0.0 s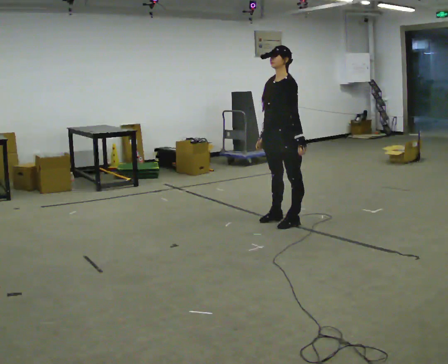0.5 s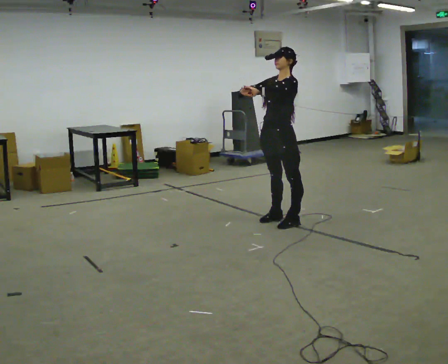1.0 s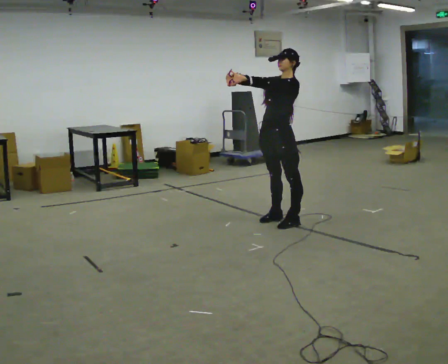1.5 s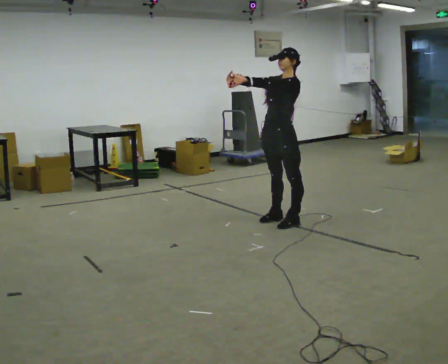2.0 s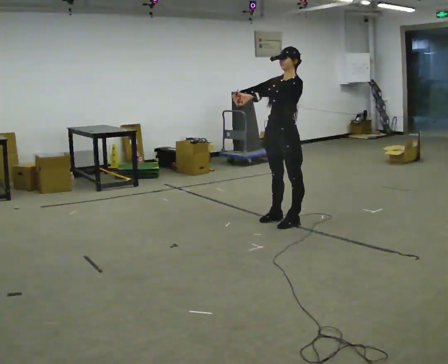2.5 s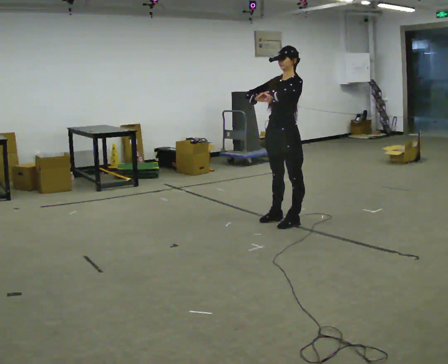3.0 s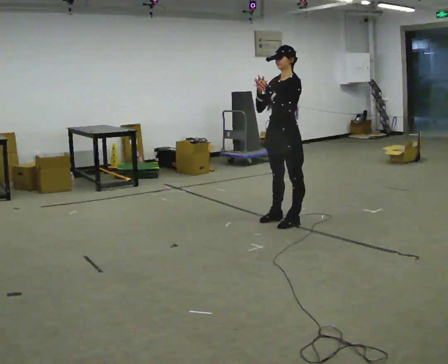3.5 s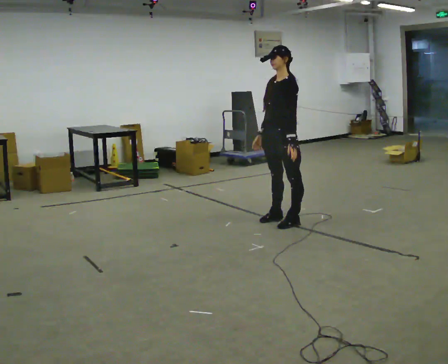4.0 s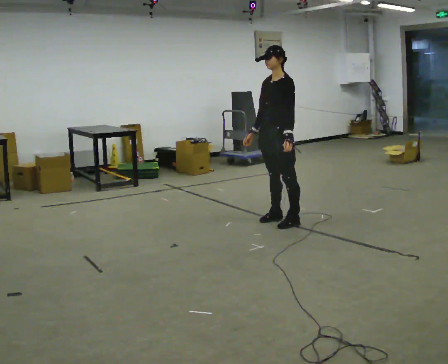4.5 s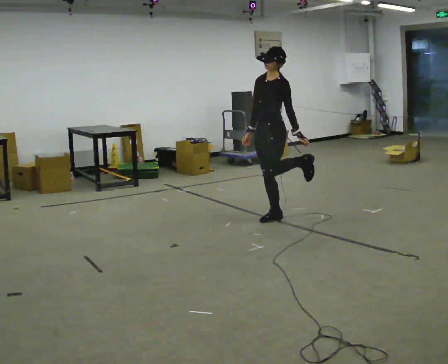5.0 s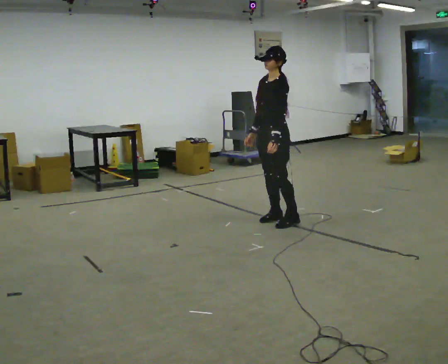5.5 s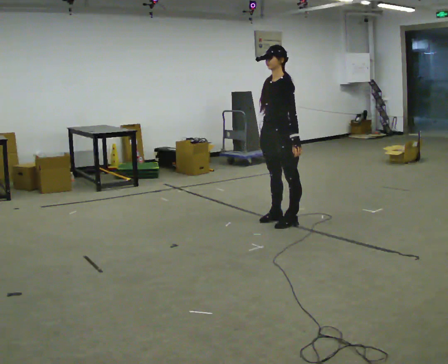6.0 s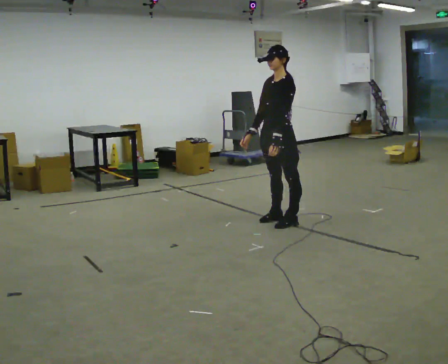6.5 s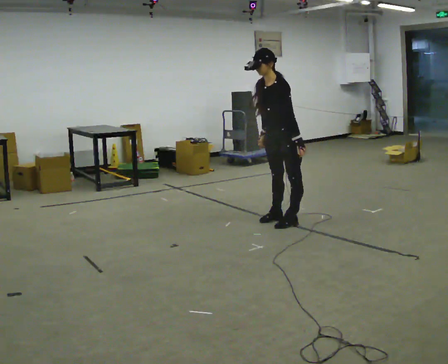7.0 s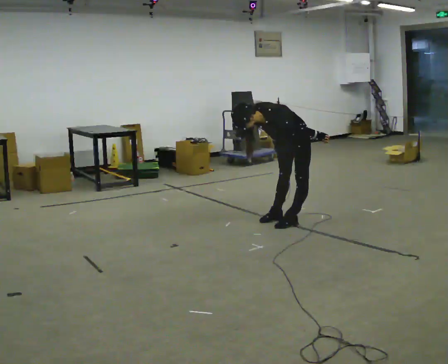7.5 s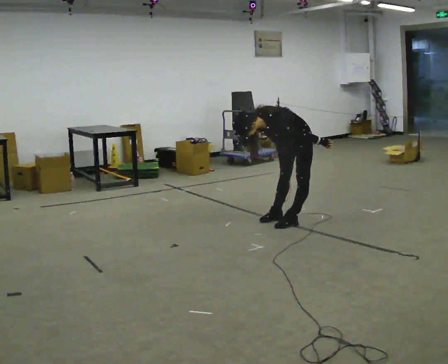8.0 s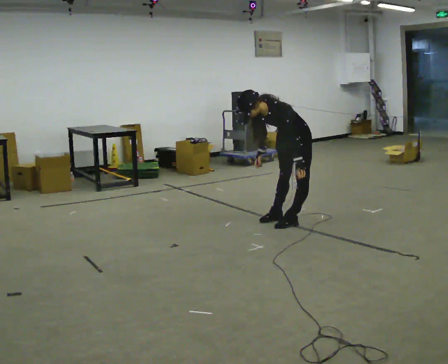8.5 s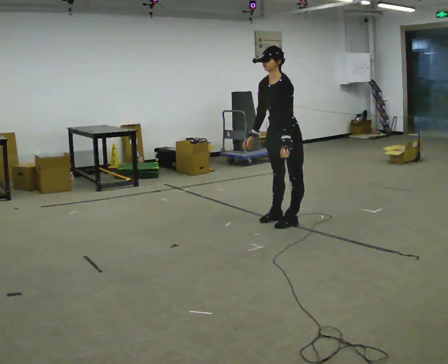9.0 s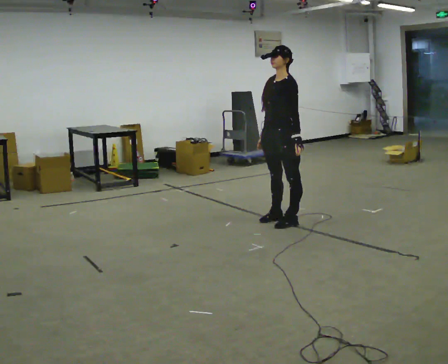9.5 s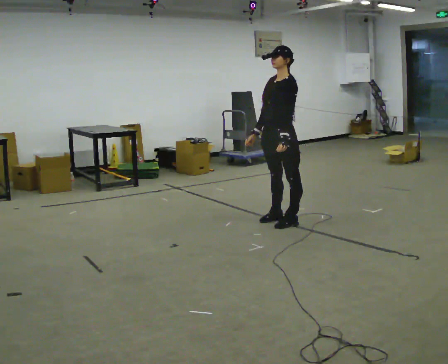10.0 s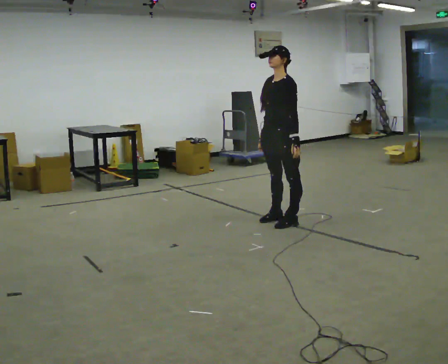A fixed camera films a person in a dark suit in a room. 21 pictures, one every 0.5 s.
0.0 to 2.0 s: In the picture their right hand goes upward.
2.0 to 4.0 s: In the picture their right hand goes downward.
4.0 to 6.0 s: The person moves a little, or ends about where they began.
6.0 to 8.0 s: In the picture they go to the right, about 0.25 m, which for them is backward. In the picture the upper body tilts counterclockwise, shoulders to the left, as they bend forward.
8.0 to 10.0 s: In the picture they go to the left, about 0.25 m, which for them is forward. The upper body goes upward. In the picture the upper body tilts clockwise, shoulders to the right, as they lean back or straighten.
The film runs backward here.
